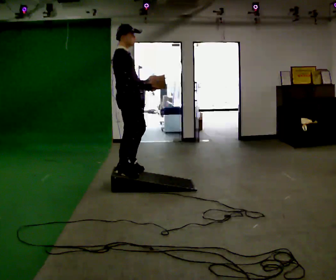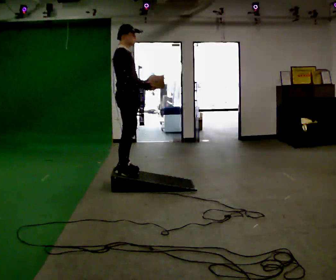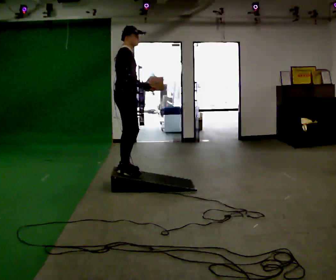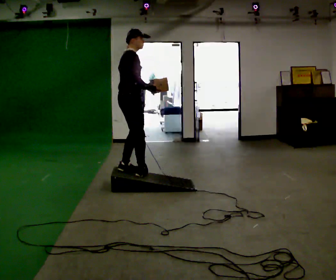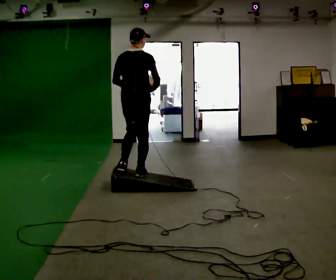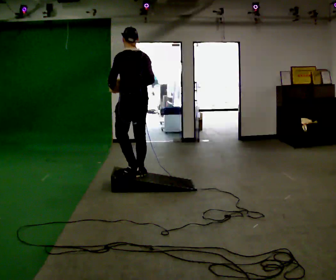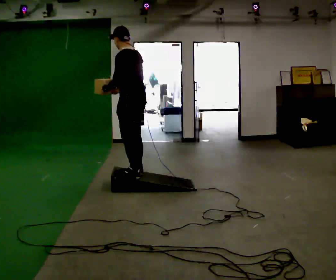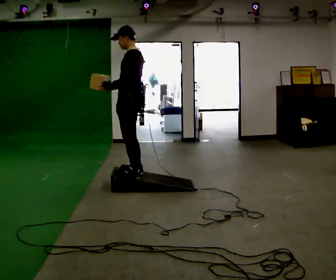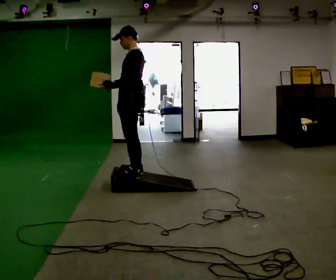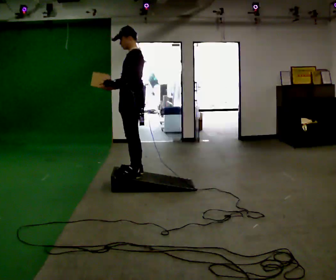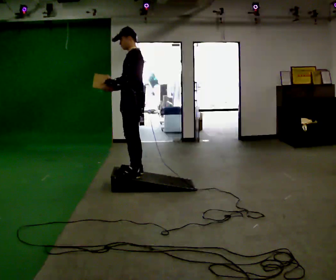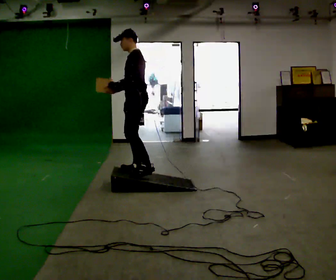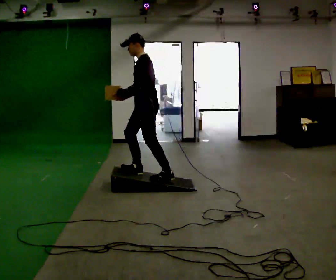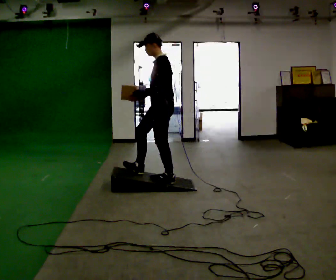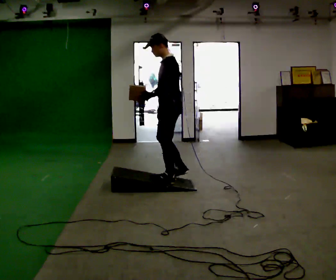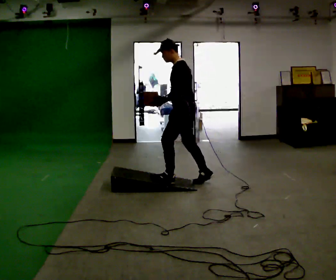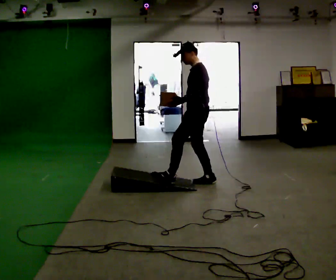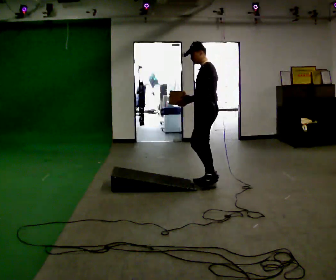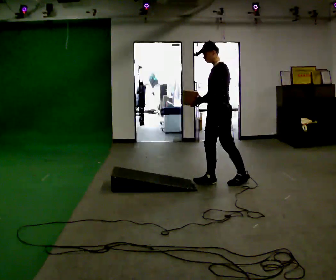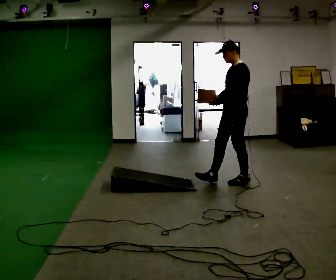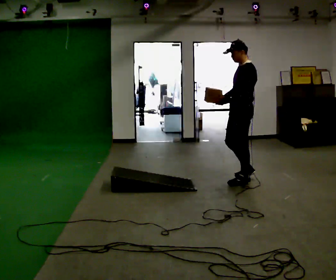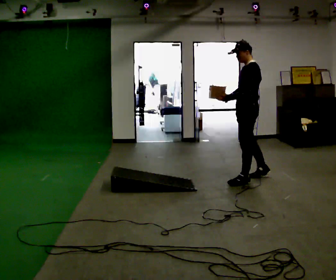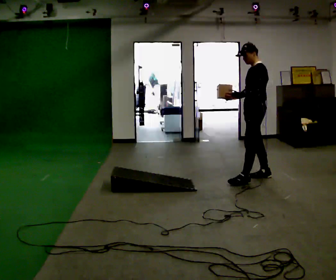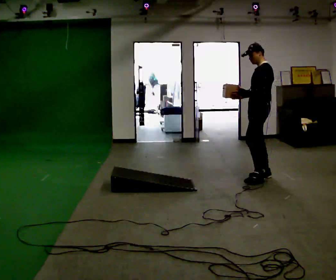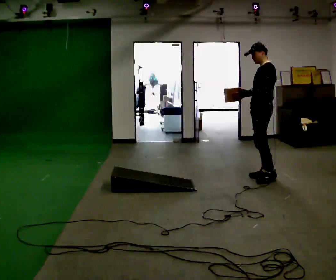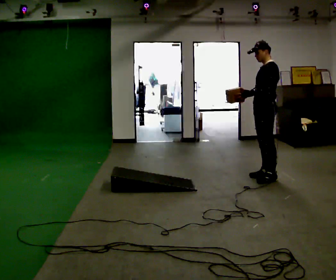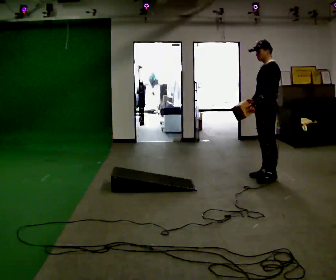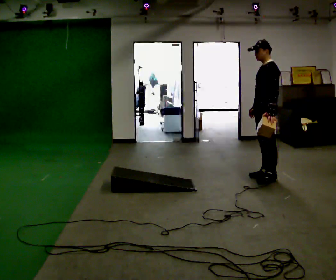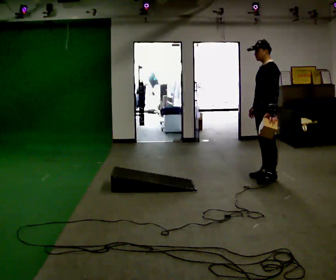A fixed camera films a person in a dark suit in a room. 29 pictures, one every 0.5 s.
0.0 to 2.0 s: Seen from above the body turns counterclockwise, about 60 degrees: to their left, with its near side sliding to the right.
2.0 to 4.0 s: Seen from above the body turns counterclockwise, about 105 degrees: to their left, with its near side sliding to the right.
4.0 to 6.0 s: In the picture they go to the right, about 0.25 m in 1 step, which for them is backward and to their right.
6.0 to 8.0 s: In the picture they go to the right, about 0.5 m in 1 step, which for them is backward.
8.0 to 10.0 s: In the picture they go to the right, about 0.5 m in 2 steps, which for them is backward.
10.0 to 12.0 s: In the picture they go to the right and away from the camera, about 0.25 m in 1 step, which for them is backward and to their right.
12.0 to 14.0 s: The person moves a little, or ends about where they began.
The film runs backward here.
